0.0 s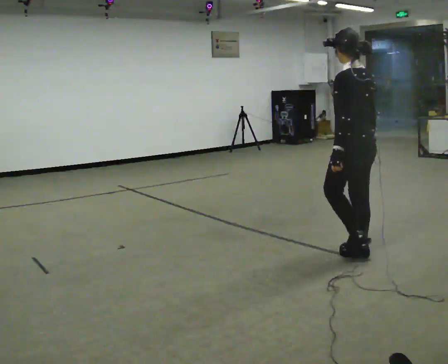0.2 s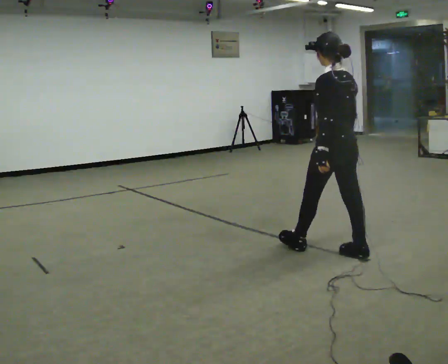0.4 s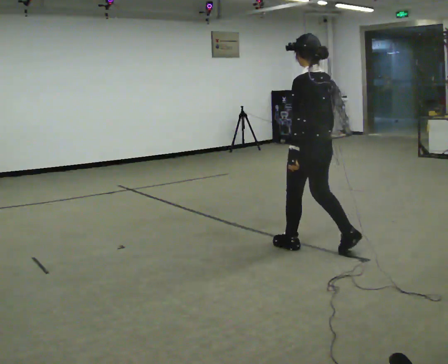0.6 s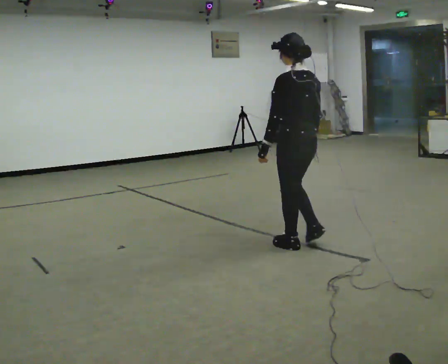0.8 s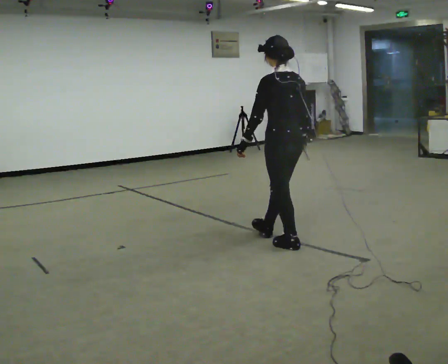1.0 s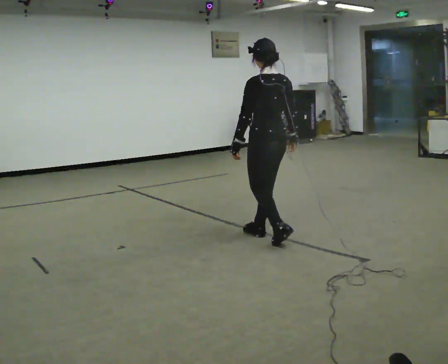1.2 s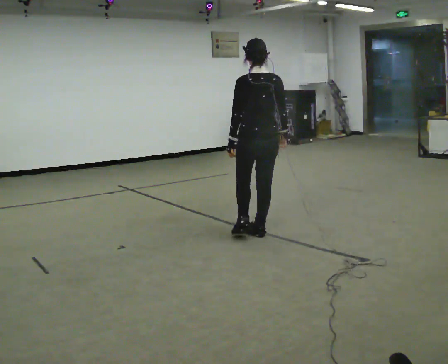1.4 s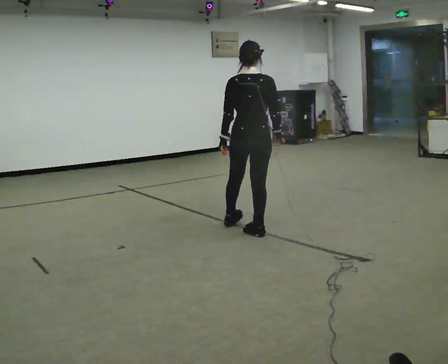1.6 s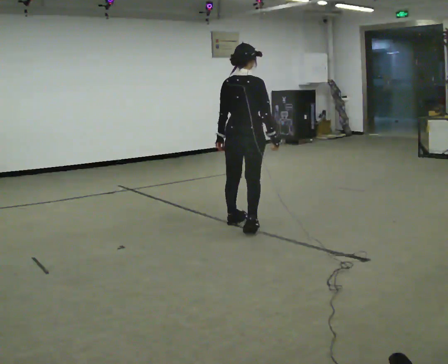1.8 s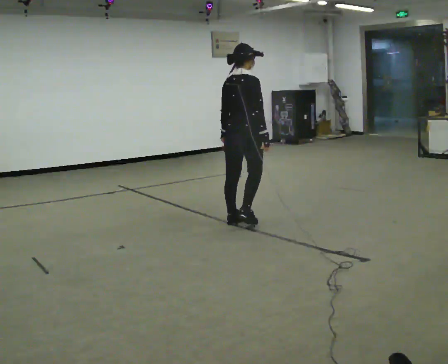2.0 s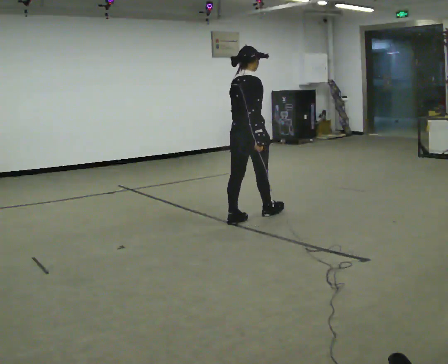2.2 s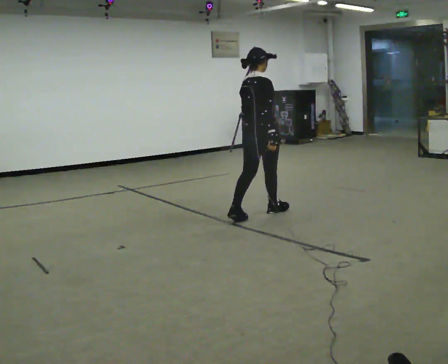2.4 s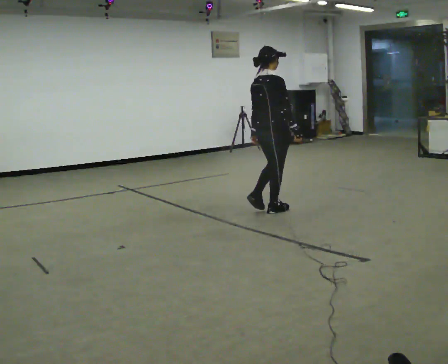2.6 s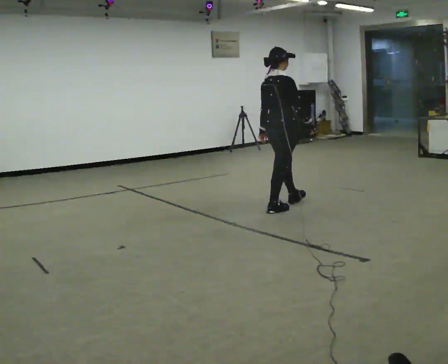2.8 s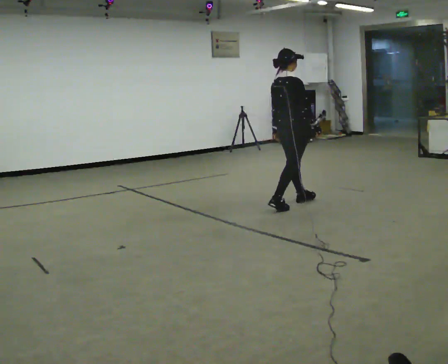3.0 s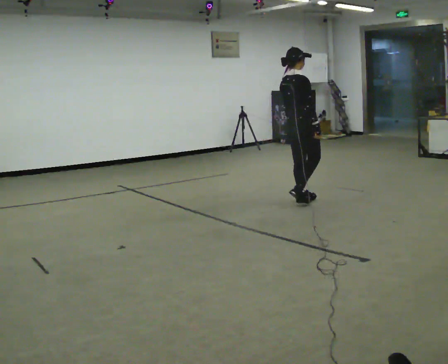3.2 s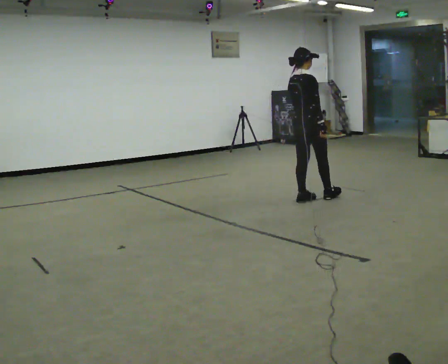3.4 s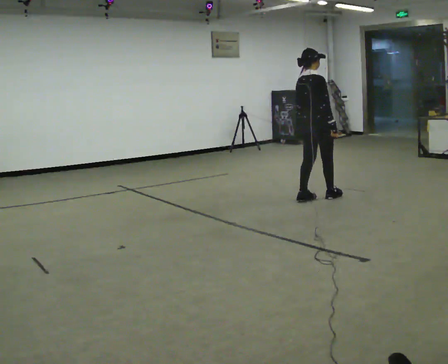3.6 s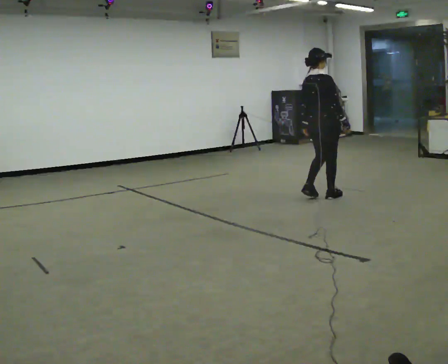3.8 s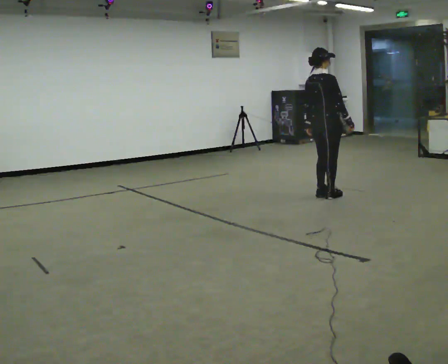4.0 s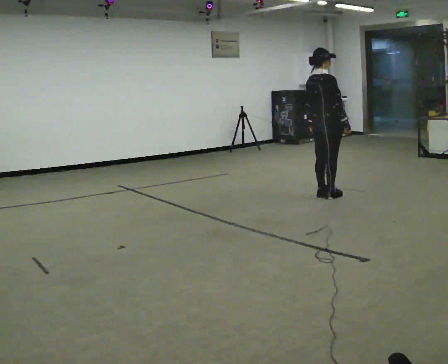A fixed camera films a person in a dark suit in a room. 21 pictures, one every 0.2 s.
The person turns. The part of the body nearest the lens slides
to the left.
The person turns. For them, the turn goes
to their right.
0.0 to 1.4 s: The part of the body nearest the lens slides to the left as the person turns to their right by about 45 degrees. In the picture they go away from the camera and to the left, about 1 m in 2 steps, which for them is forward.
1.4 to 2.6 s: Seen from above the body turns clockwise, about 45 degrees: to their right, with its near side sliding to the left. In the picture they go away from the camera and to the right, about 1 m in 2 steps, which for them is forward and to their left.
2.6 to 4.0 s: In the picture they go to the right and away from the camera, about 0.75 m in 3 steps, which for them is forward.
The film runs forward here.
